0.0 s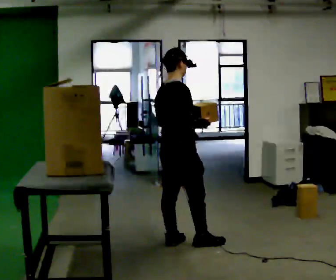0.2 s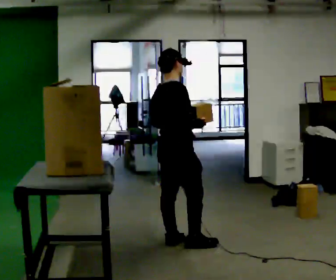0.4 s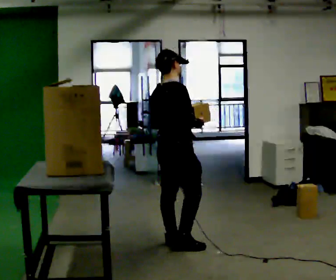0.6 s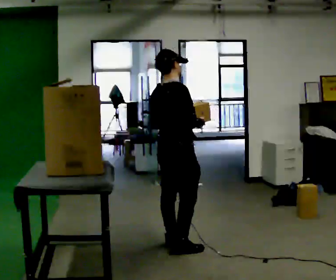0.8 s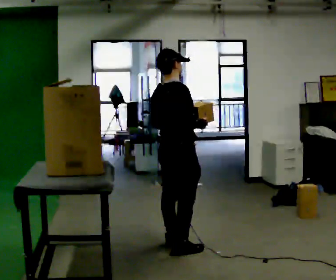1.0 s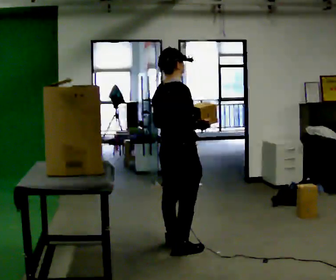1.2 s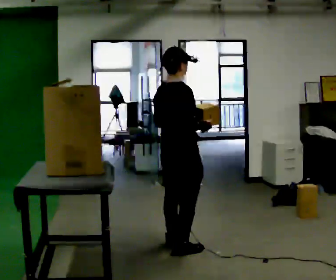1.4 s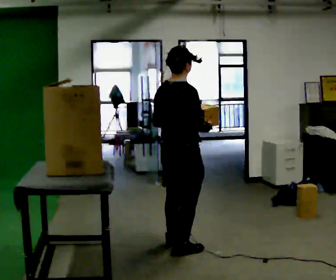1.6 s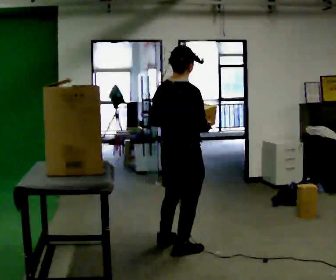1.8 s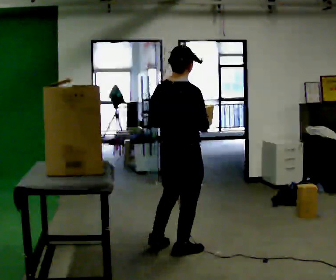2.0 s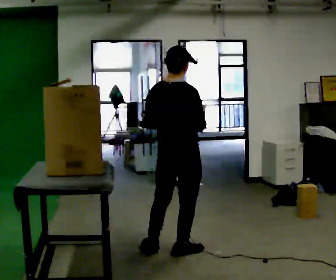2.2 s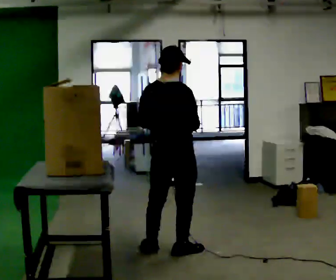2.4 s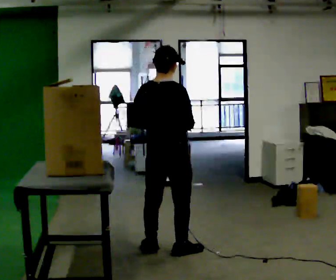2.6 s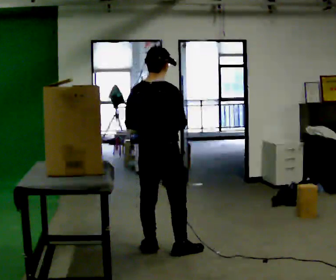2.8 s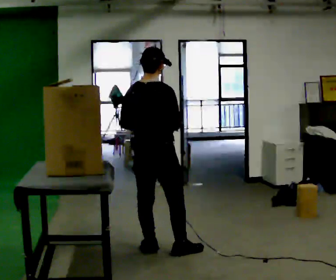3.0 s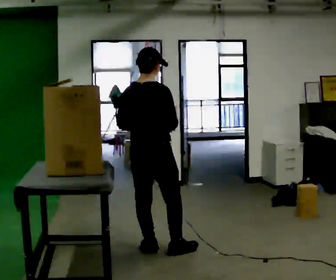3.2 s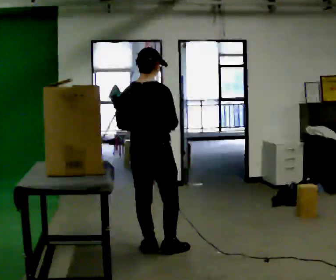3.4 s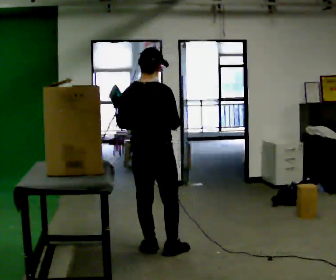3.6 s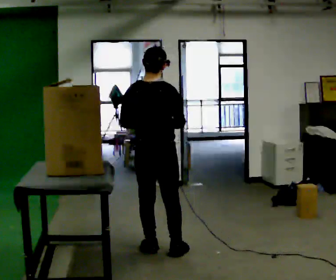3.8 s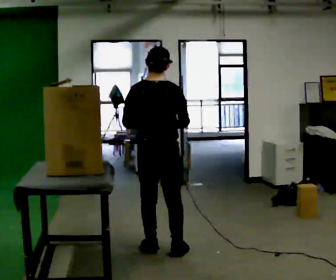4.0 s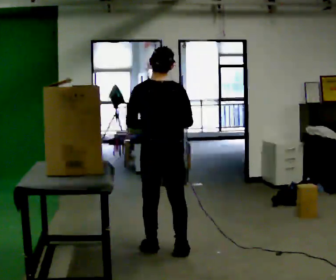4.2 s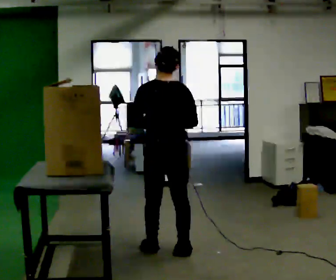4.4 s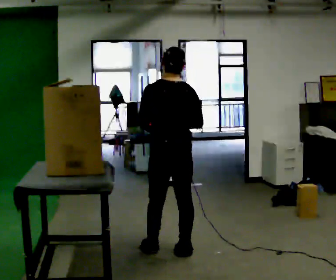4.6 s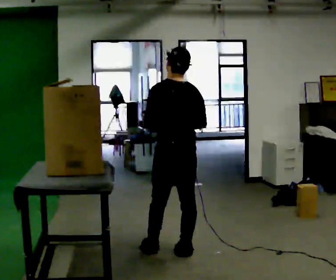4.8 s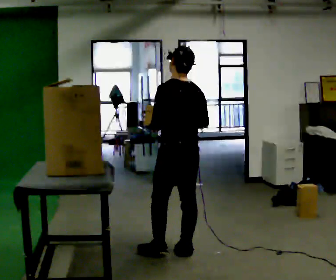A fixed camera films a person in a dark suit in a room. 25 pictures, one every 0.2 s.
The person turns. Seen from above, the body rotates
counterclockwise.
The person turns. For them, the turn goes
to their left.
0.0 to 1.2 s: In the picture they go toward the camera, about 0.25 m in 1 step, which for them is to their right.
1.2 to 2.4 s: The part of the body nearest the lens slides to the right as the person turns to their left by about 30 degrees.
2.4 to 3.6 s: The person moves a little, or ends about where they began.
3.6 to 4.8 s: The part of the body nearest the lens slides to the right as the person turns to their left by about 45 degrees. In the picture they go to the right, about 0.25 m in 1 step, which for them is to their right and backward.
The film runs backward here.
